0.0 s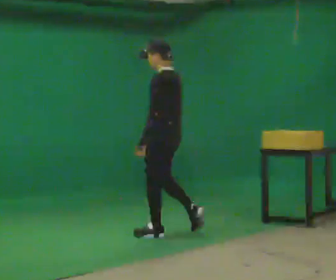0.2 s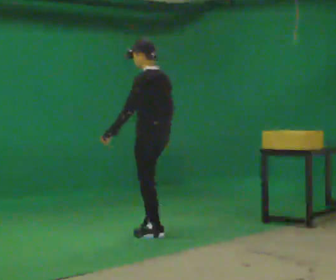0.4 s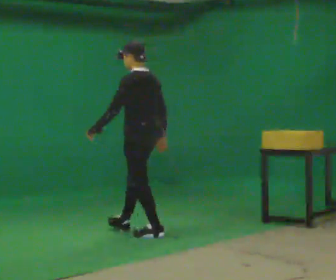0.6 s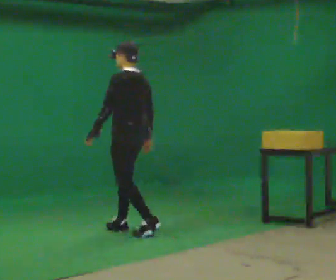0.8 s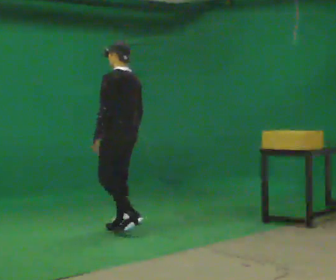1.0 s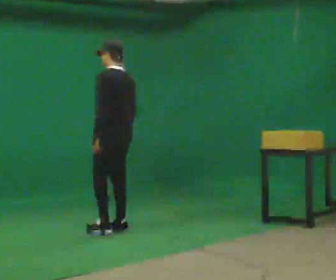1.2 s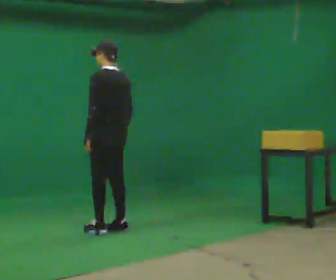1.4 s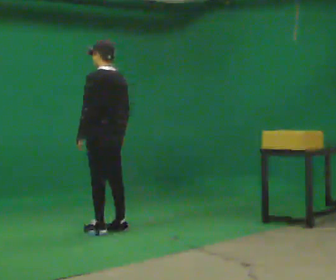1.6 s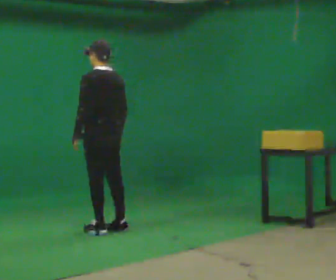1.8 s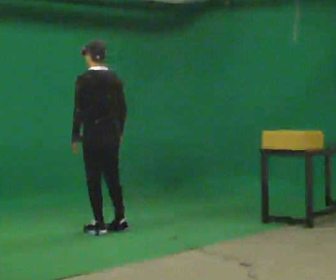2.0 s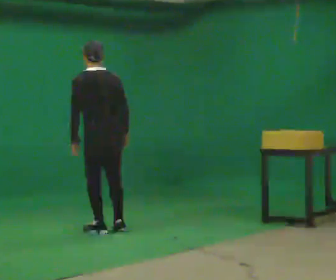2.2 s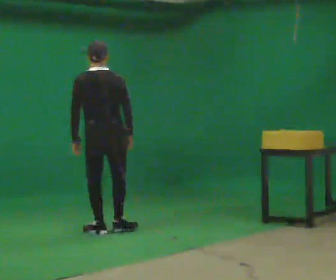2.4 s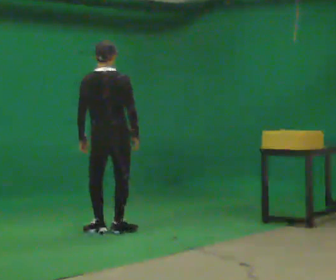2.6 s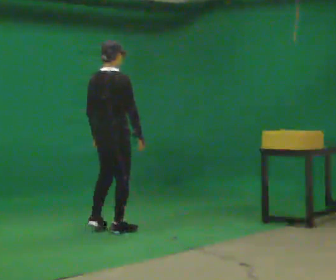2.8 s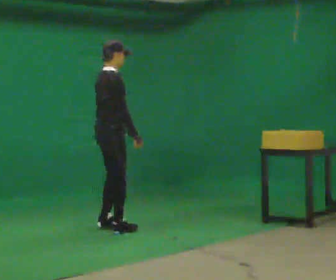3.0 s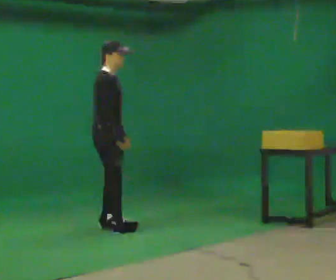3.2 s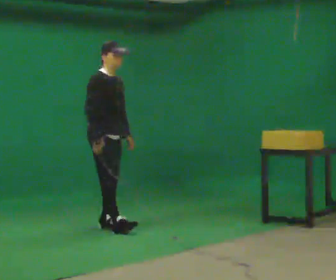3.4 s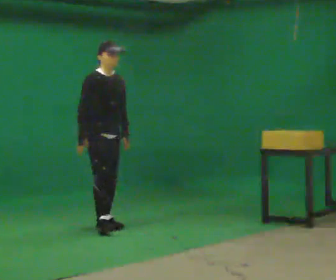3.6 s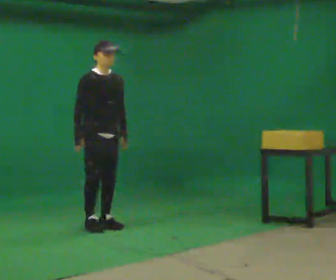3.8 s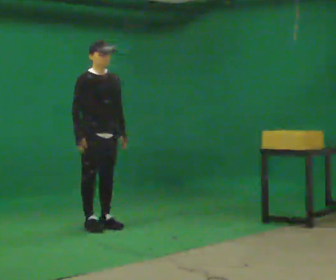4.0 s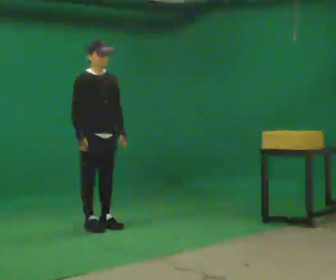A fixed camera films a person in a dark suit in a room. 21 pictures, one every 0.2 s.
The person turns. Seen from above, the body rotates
clockwise.
The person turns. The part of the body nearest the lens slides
to the left.
0.0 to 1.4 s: In the picture they go to the left and away from the camera, about 0.5 m in 2 steps, which for them is forward.
1.4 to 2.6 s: The person turns about 90 degrees to their right, clockwise seen from above, so the part of the body nearest the lens slides to the left.
2.6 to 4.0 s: The part of the body nearest the lens slides to the left as the person turns to their right by about 90 degrees. In the picture they go to the left, about 0.25 m in 2 steps.
The film runs forward here.
